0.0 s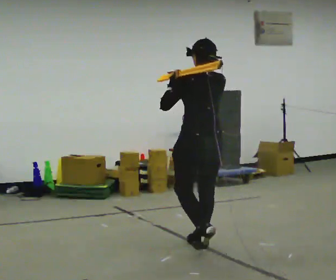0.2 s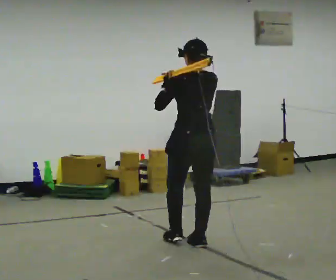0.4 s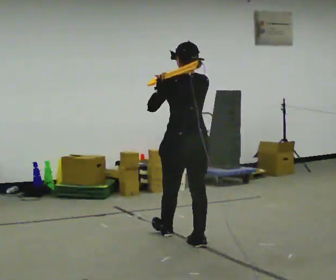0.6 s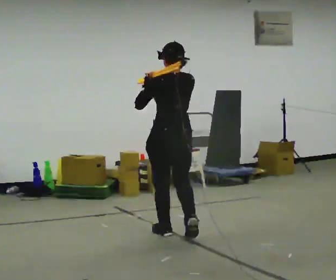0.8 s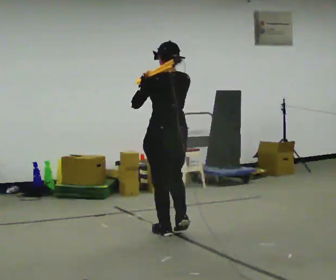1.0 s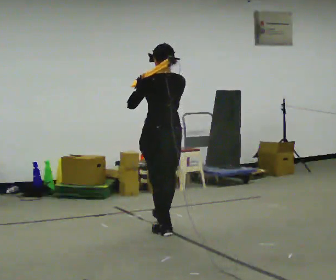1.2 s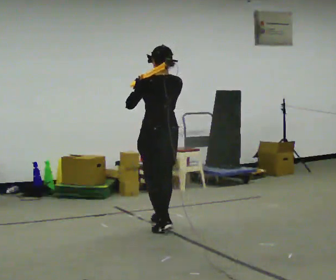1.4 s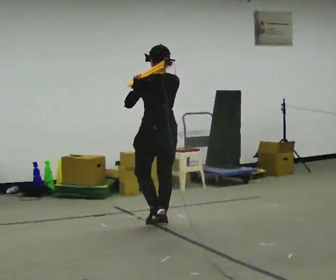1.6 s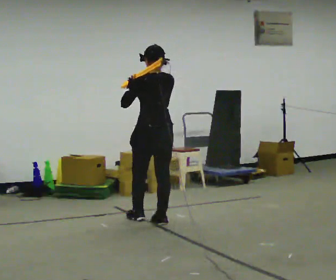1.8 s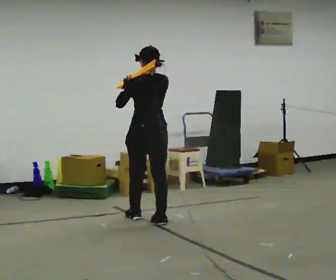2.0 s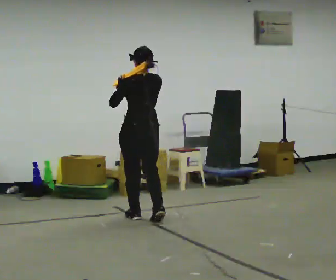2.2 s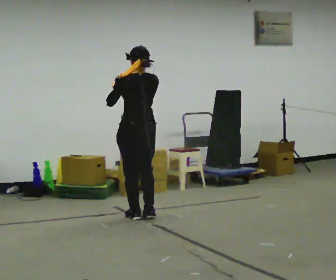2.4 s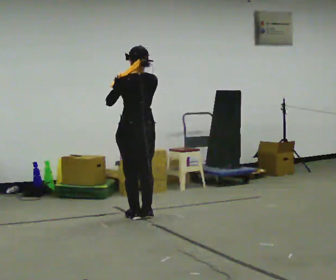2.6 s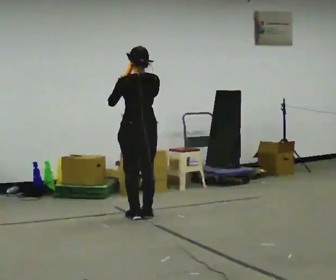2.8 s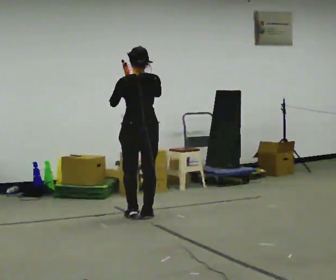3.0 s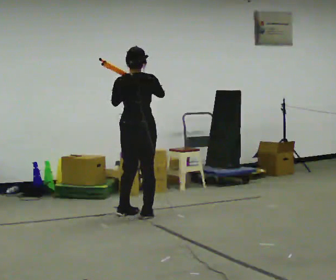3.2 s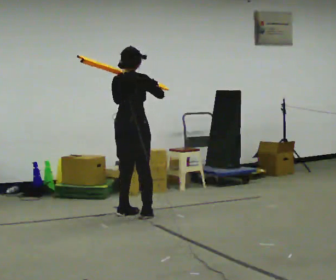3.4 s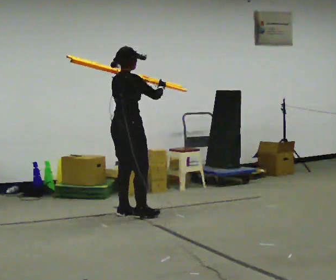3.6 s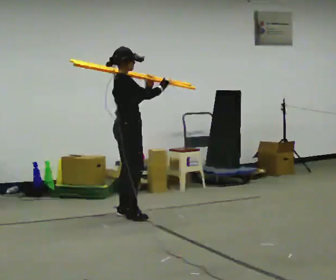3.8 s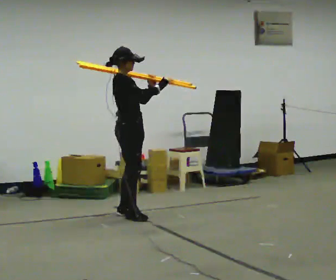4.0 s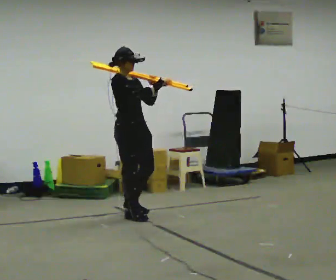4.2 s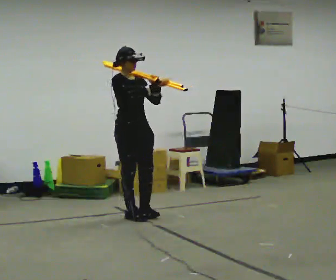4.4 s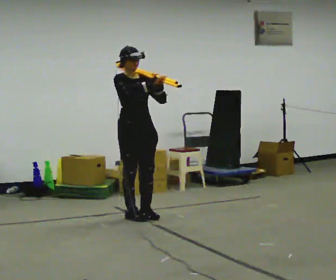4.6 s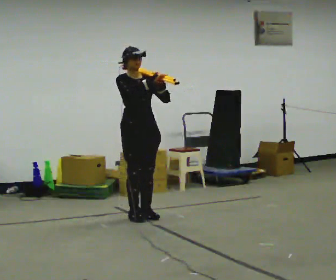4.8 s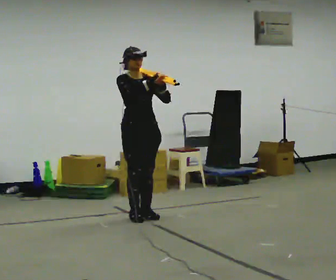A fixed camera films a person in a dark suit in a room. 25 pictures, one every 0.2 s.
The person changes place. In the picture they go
away from the camera.
The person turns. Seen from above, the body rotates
clockwise.
0.0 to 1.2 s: In the picture they go away from the camera, about 1 m in 2 steps, which for them is forward.
1.2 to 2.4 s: In the picture they go away from the camera and to the left, about 0.5 m in 2 steps, which for them is forward.
2.4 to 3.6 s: Seen from above the body turns clockwise, about 105 degrees: to their right, with its near side sliding to the left.
3.6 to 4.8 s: The part of the body nearest the lens slides to the left as the person turns to their right by about 75 degrees.
The film runs forward here.
